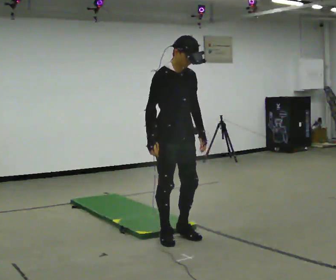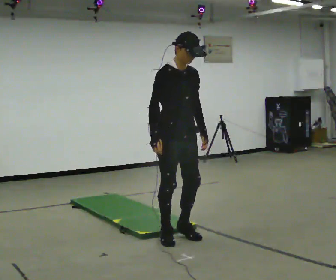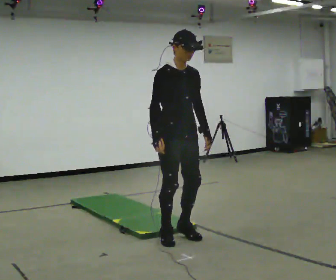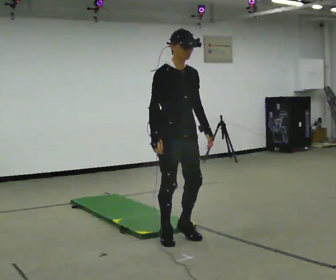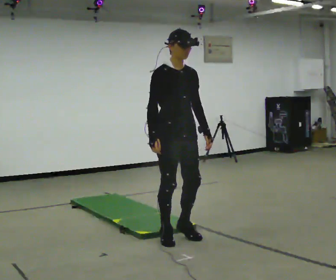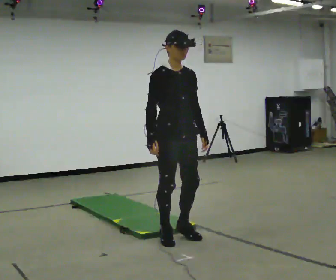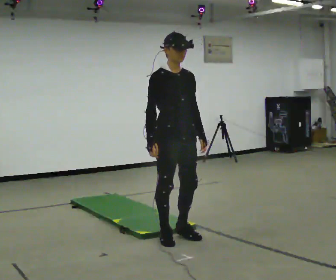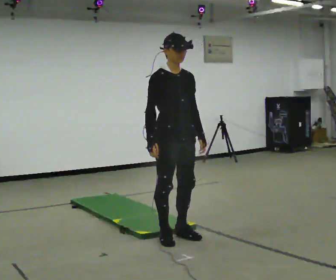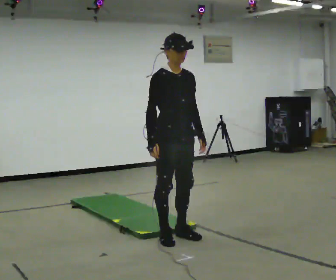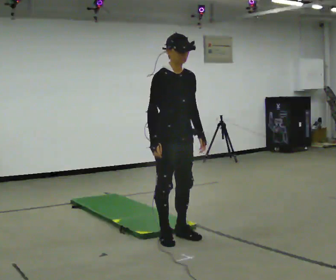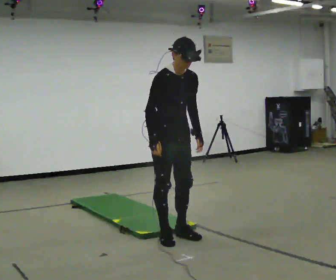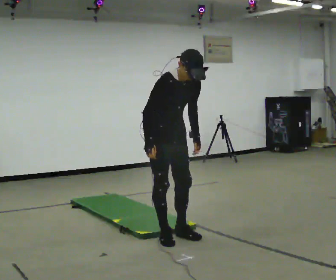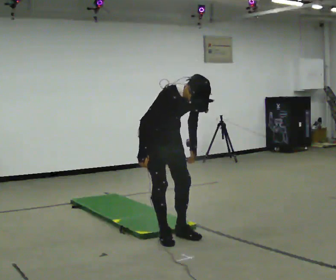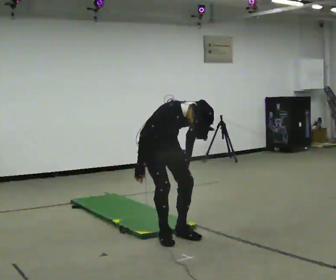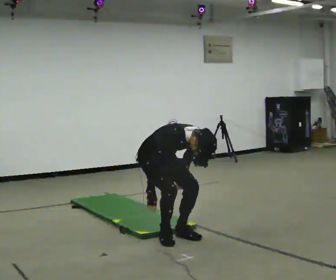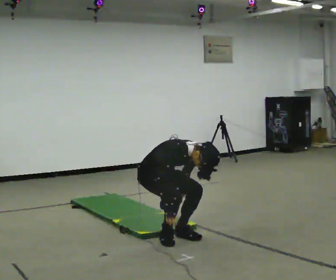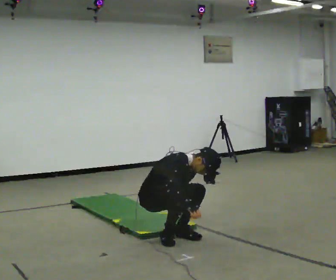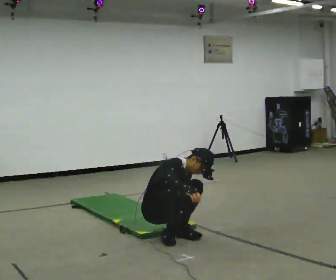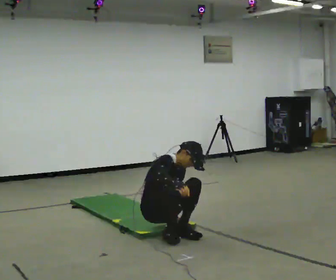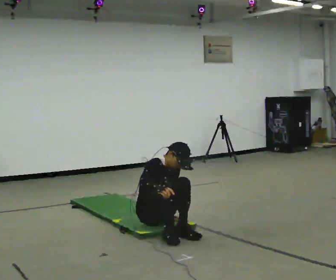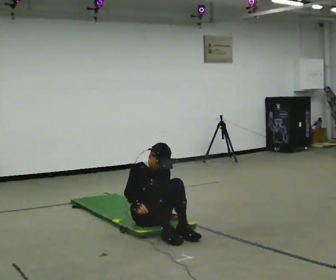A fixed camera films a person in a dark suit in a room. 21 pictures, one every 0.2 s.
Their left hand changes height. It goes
downward.
The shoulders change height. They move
downward.
0.0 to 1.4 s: The person moves a little, or ends about where they began.
1.4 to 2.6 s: In the picture they go away from the camera, about 0.25 m, which for them is backward. The shoulders move downward. The upper body tips toward the camera, its near side rolling downward, as they bend forward.
2.6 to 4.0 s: In the picture they go away from the camera, about 0.25 m, which for them is backward and to their left. The shoulders move downward. The upper body tips away from the camera, its near side rolling upward, as they lean back or straighten. In the picture their right hand goes downward.
The film runs forward here.
